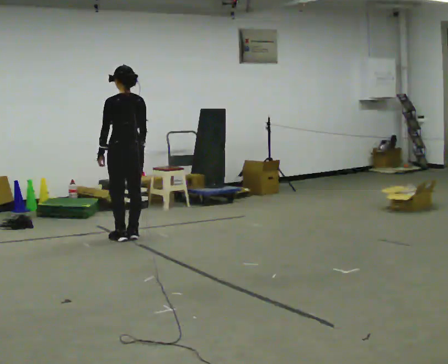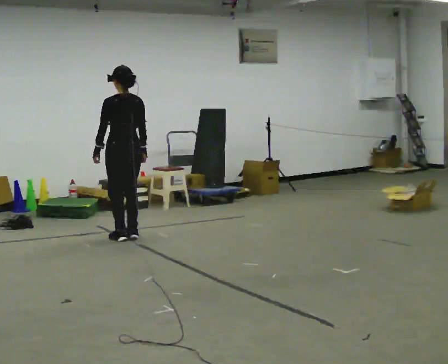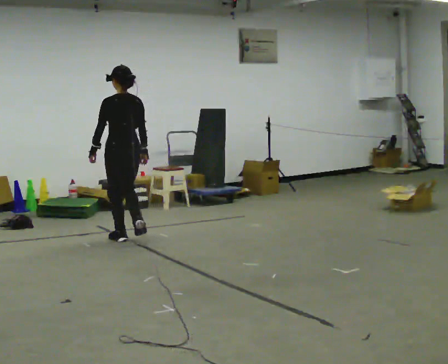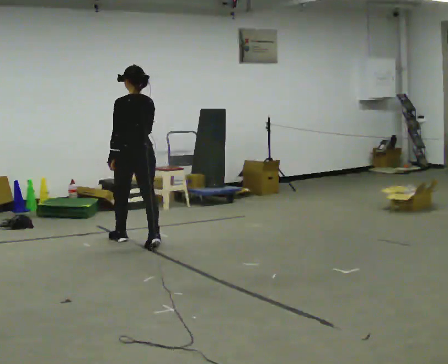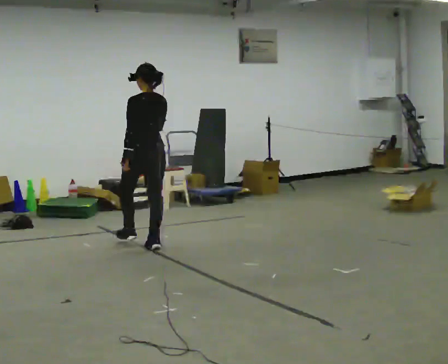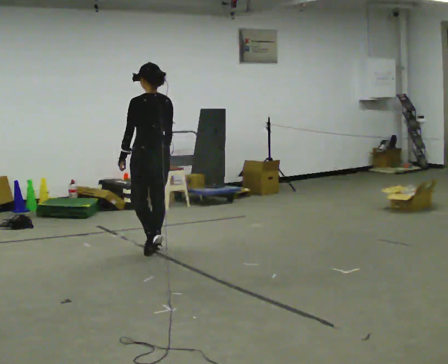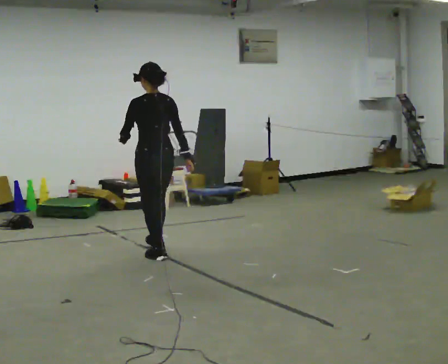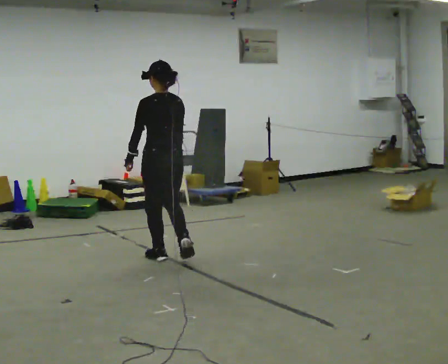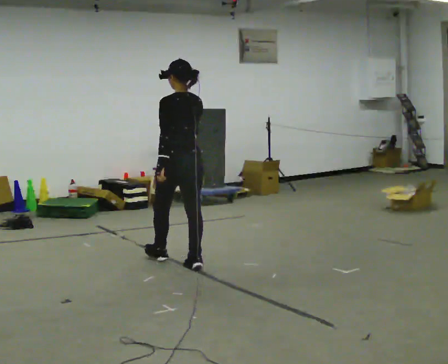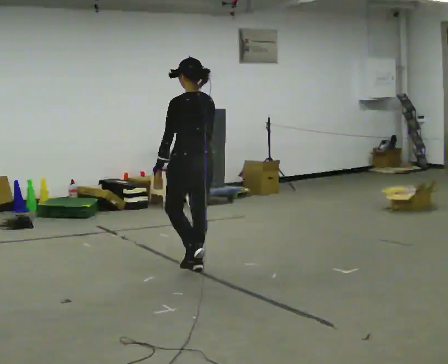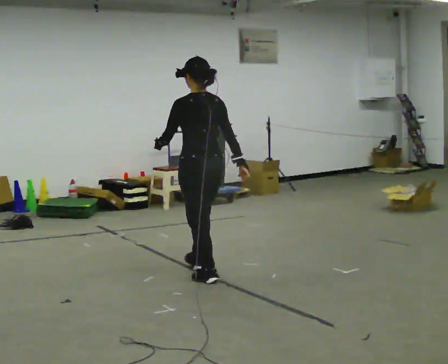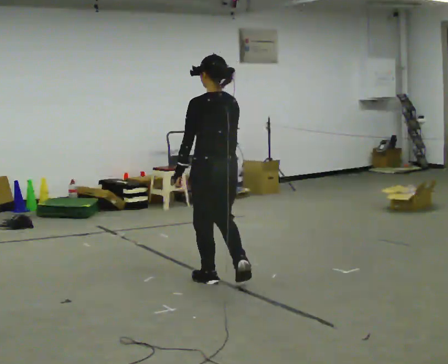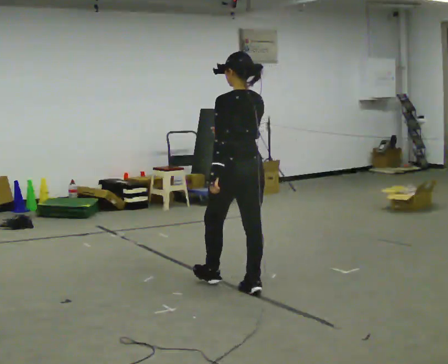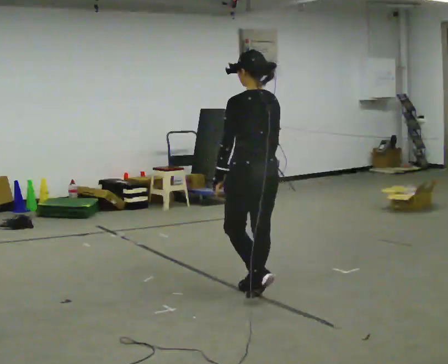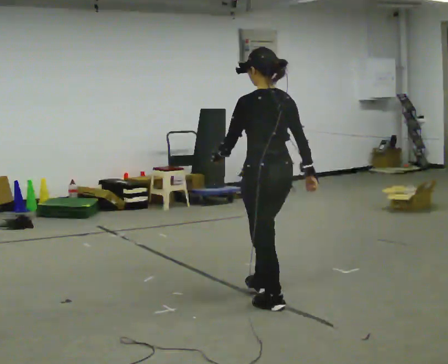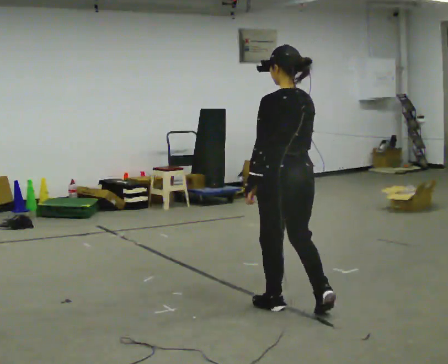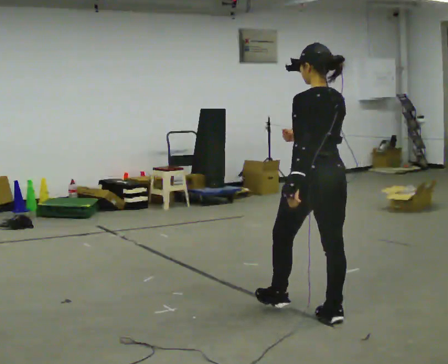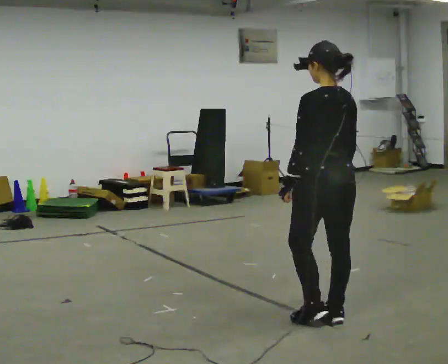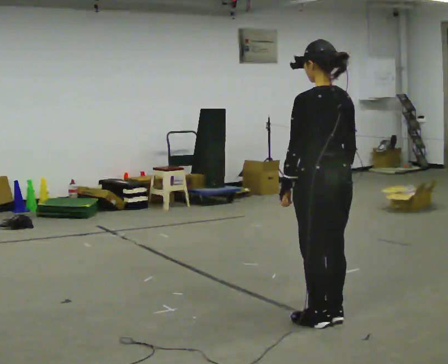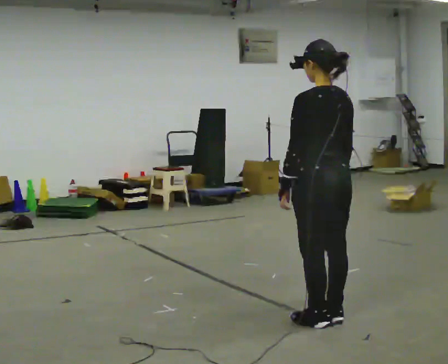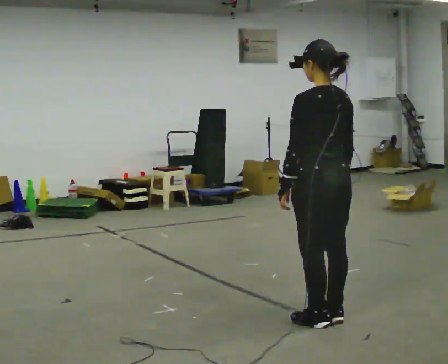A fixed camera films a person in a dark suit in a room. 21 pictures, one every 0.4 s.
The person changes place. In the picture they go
toward the camera.
0.0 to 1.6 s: In the picture they go toward the camera and to the right, about 0.5 m in 2 steps, which for them is backward.
1.6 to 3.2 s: In the picture they go toward the camera and to the right, about 0.75 m in 2 steps, which for them is backward.
3.2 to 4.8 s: In the picture they go toward the camera and to the right, about 1 m in 2 steps, which for them is backward.
4.8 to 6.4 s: In the picture they go toward the camera and to the right, about 1 m in 2 steps, which for them is backward.
6.4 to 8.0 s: The person moves a little, or ends about where they began.
The film runs backward here.
